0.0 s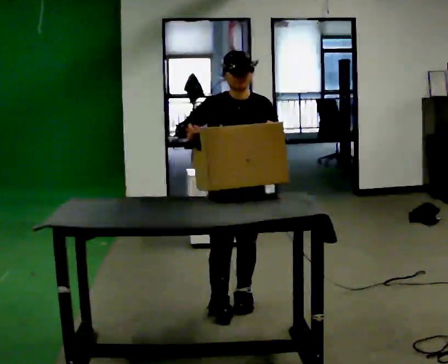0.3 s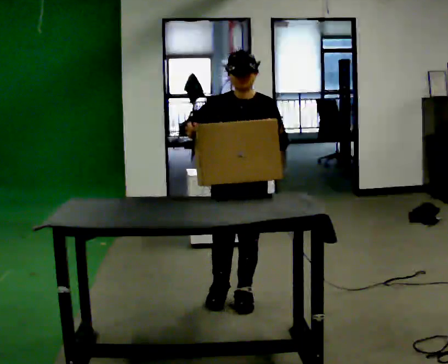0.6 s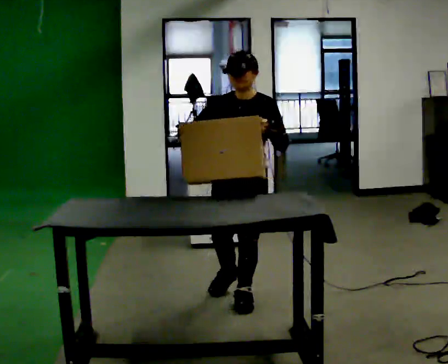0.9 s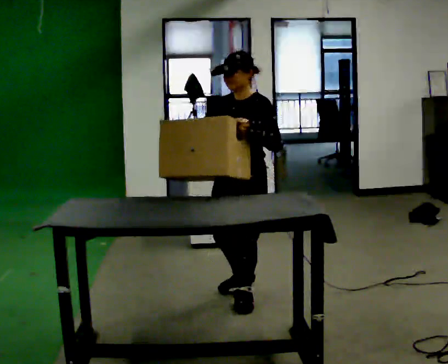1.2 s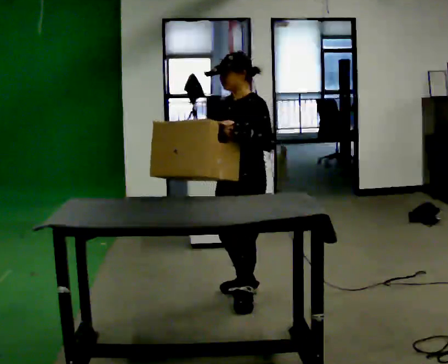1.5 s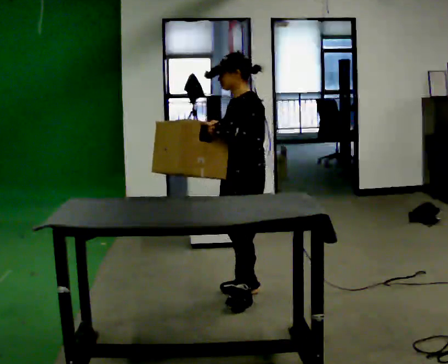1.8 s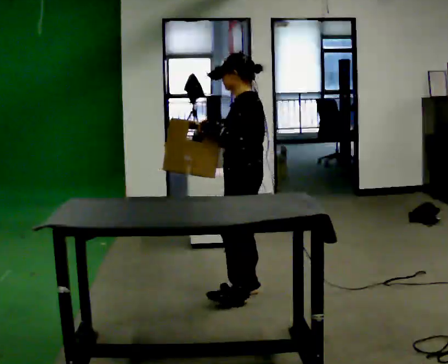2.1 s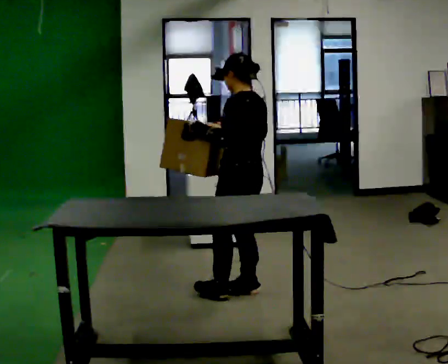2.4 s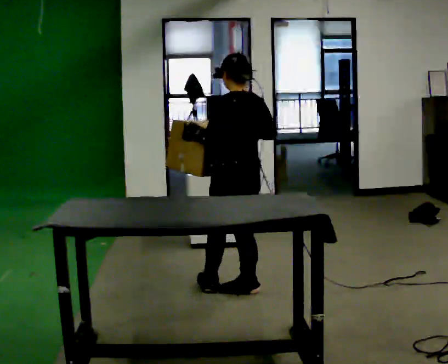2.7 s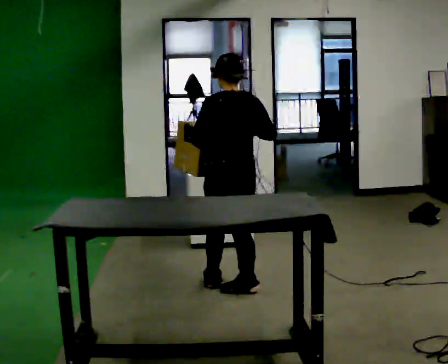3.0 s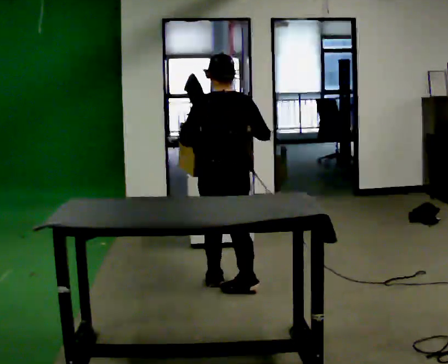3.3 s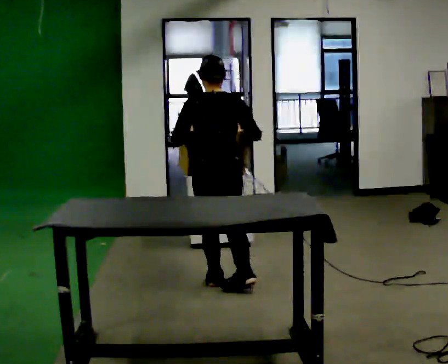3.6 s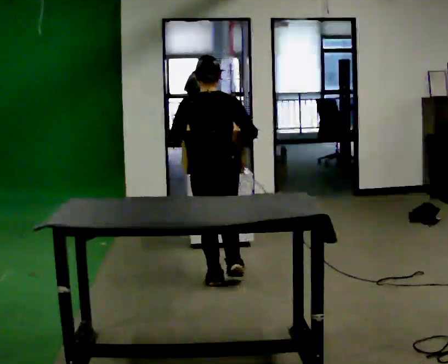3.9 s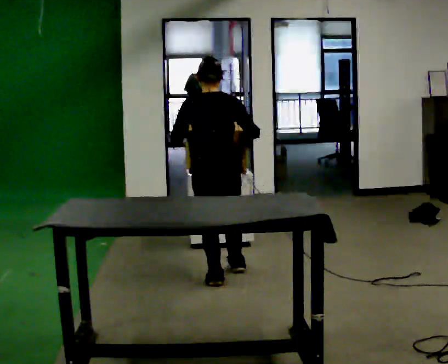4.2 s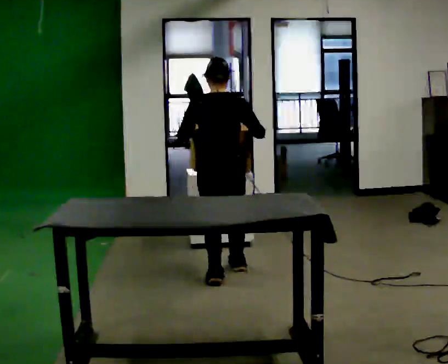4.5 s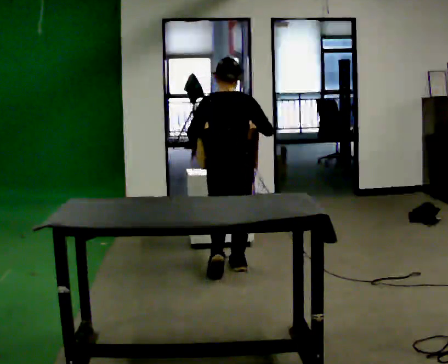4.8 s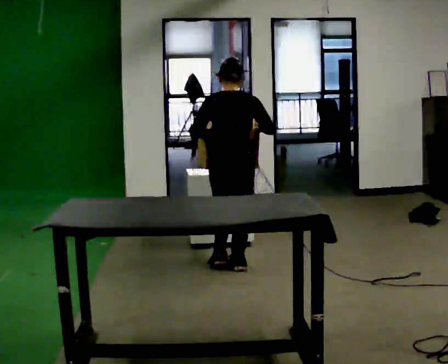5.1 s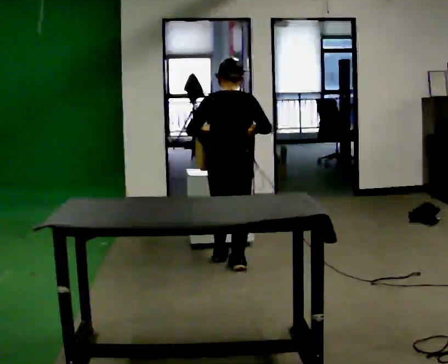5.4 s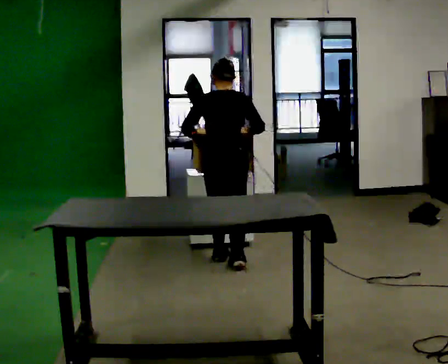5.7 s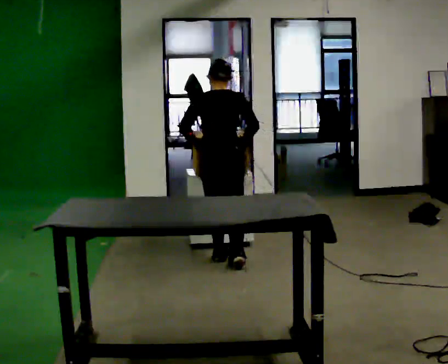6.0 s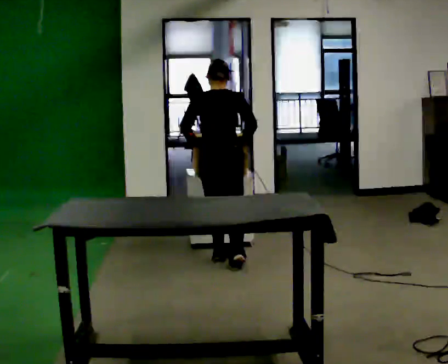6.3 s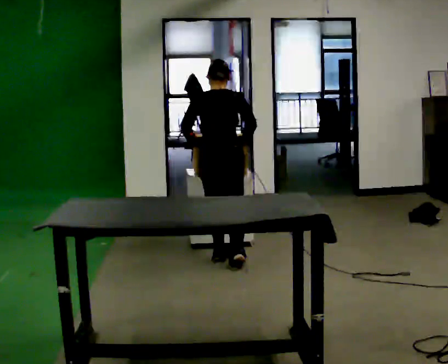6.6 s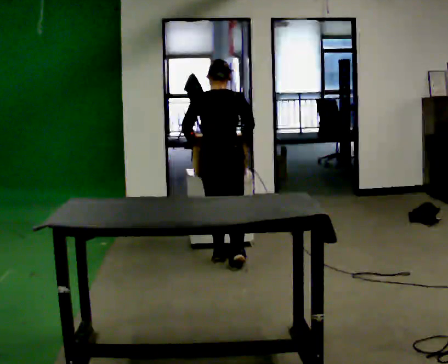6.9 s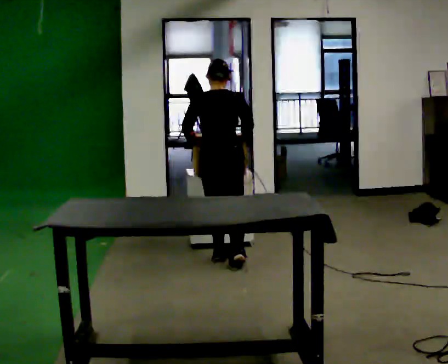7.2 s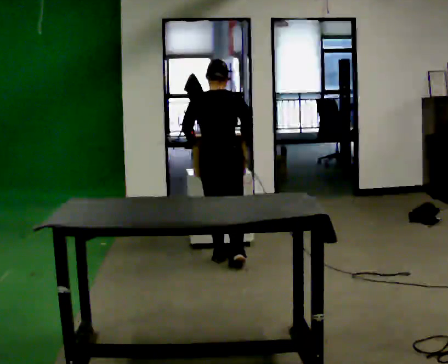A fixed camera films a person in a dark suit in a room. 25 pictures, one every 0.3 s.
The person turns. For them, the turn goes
to their right.
The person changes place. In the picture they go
away from the camera.
0.0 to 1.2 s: The person turns about 60 degrees to their right, clockwise seen from above, so the part of the body nearest the lens slides to the left.
1.2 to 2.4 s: The part of the body nearest the lens slides to the left as the person turns to their right by about 90 degrees. In the picture their right hand goes to the right.
2.4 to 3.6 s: The person turns about 30 degrees to their right, clockwise seen from above, so the part of the body nearest the lens slides to the left. In the picture they go away from the camera, about 0.25 m in 1 step, which for them is forward.
3.6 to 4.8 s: In the picture they go away from the camera, about 0.25 m in 1 step, which for them is forward.
4.8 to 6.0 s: In the picture they go away from the camera, about 0.25 m in 1 step, which for them is forward.
6.0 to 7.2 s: The person moves a little, or ends about where they began.
The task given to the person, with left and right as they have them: Move objects one at a time from the waist-height shelf on your left to the one on your right. Repeat at your own pace until the operator says stop. Keep both feet on the marked spots for the whole take. If you have to step, stop and tell the operator.
The film runs forward here.
